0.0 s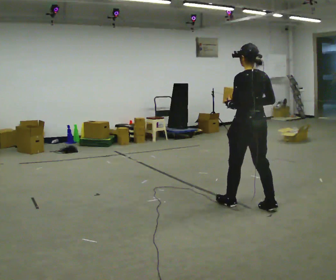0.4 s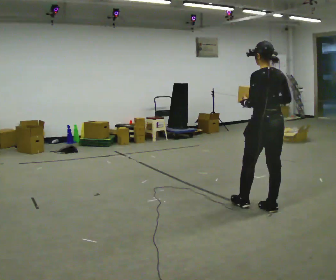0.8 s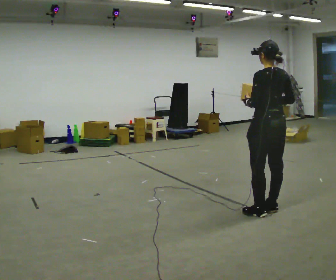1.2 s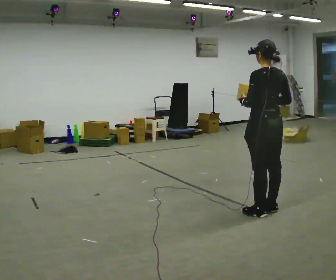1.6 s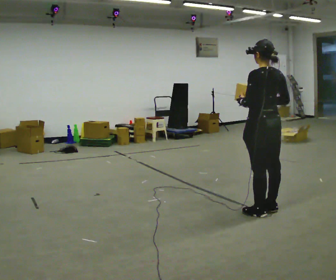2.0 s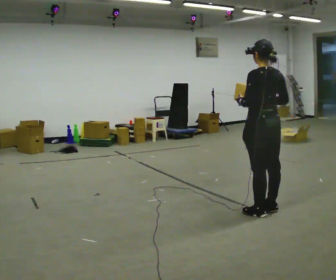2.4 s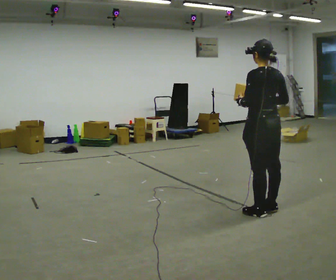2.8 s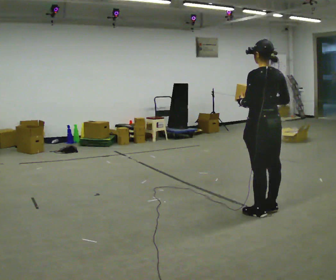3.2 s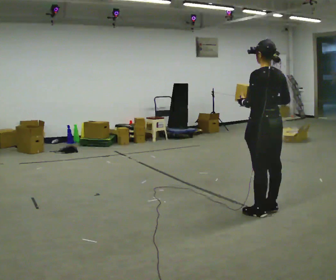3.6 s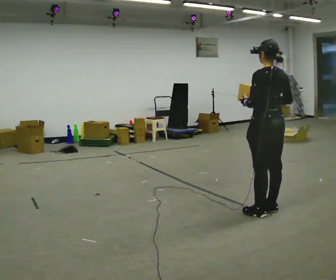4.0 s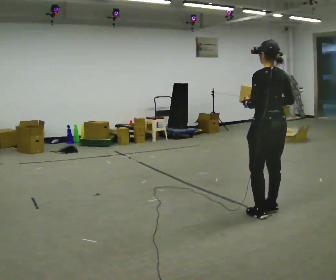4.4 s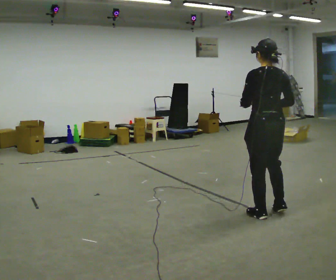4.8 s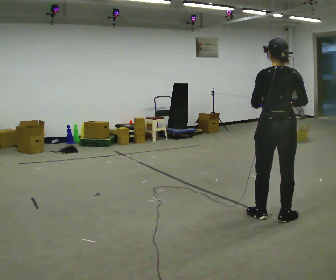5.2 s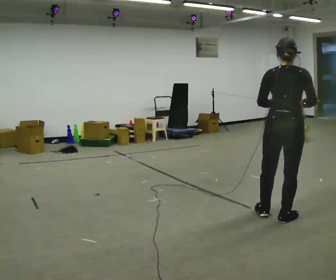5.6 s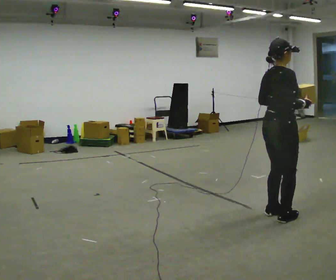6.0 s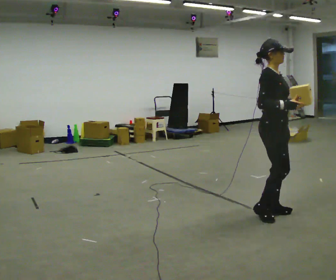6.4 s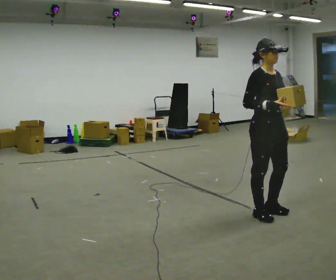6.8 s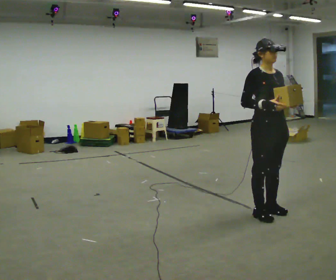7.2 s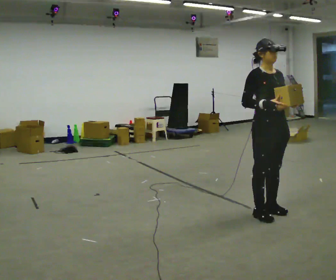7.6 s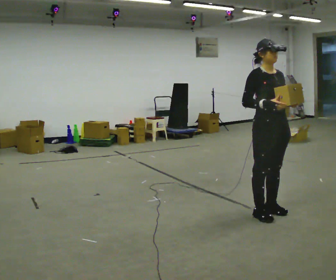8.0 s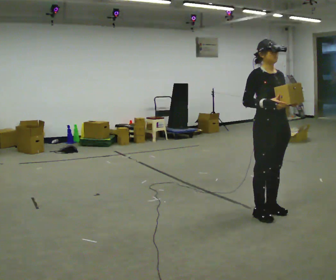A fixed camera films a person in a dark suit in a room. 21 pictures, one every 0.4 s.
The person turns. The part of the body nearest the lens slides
to the left.
The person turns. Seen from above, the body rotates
clockwise.
0.0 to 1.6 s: In the picture they go toward the camera, about 0.25 m in 1 step, which for them is backward.
1.6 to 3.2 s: The person keeps their place and pose.
3.2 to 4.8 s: Seen from above the body turns clockwise, about 30 degrees: to their right, with its near side sliding to the left. In the picture they go toward the camera, about 0.25 m in 1 step, which for them is backward.
4.8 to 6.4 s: The person turns about 135 degrees to their right, clockwise seen from above, so the part of the body nearest the lens slides to the left. In the picture their left hand goes to the right.
6.4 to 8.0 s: The person moves a little, or ends about where they began.
The film runs backward here.
